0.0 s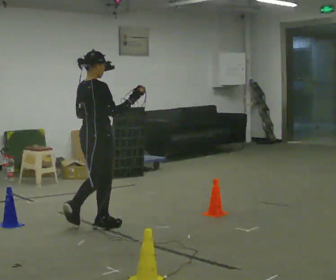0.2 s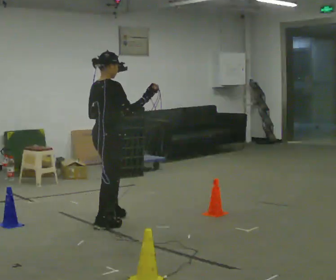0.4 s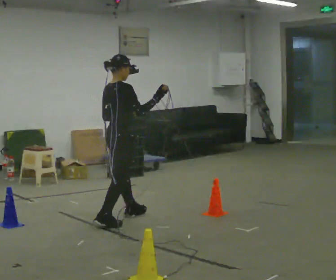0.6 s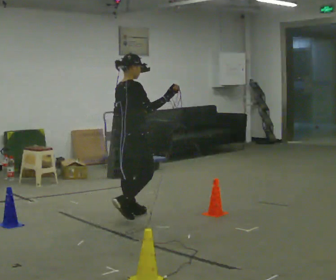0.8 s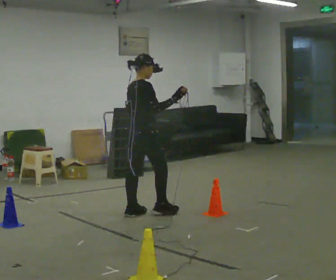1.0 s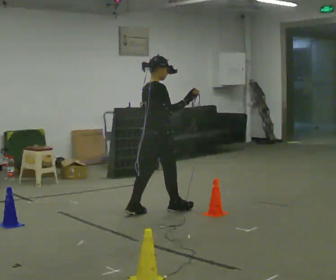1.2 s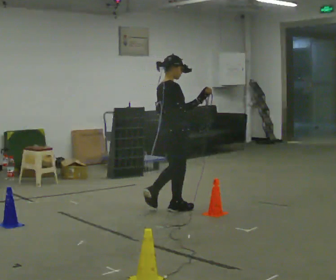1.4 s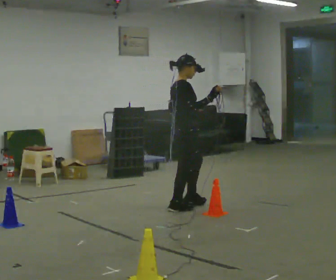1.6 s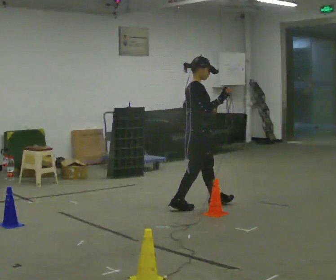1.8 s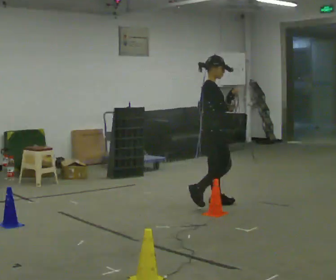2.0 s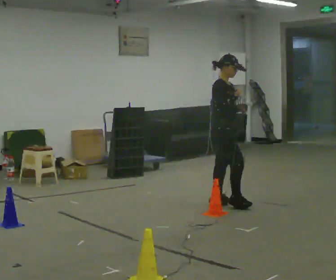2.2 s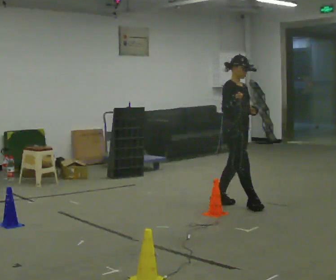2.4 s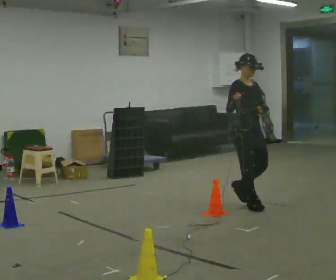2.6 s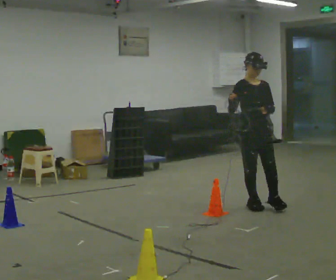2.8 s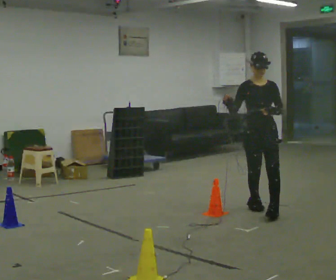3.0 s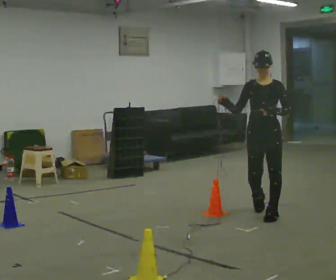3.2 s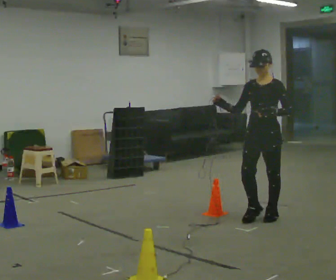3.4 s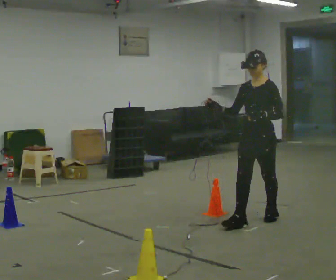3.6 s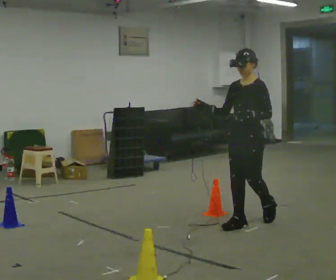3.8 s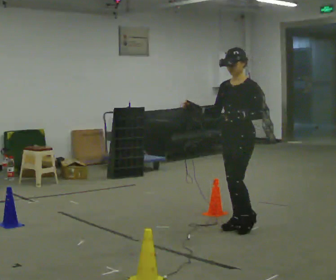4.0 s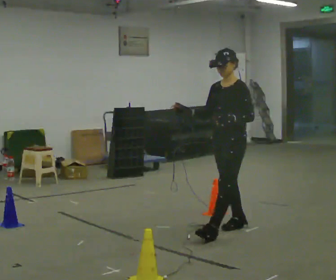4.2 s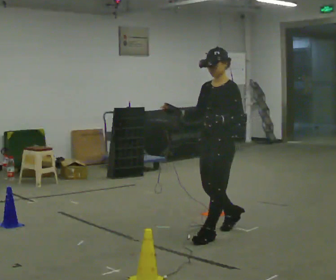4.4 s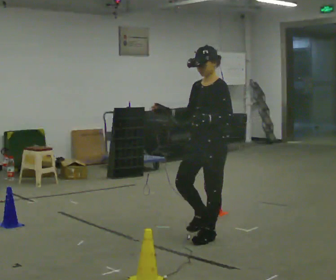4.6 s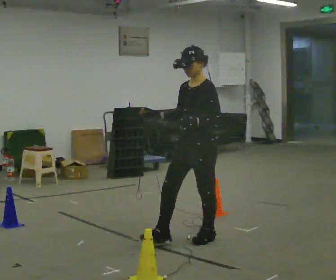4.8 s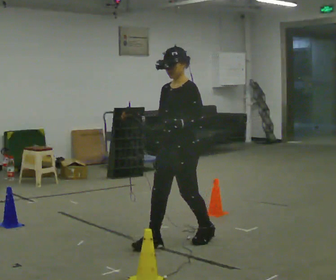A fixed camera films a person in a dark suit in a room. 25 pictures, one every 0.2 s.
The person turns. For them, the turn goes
to their right.
The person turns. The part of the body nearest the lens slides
to the left.
0.0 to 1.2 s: In the picture they go away from the camera and to the right, about 1 m in 2 steps, which for them is forward.
1.2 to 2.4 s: Seen from above the body turns clockwise, about 75 degrees: to their right, with its near side sliding to the left. In the picture they go to the right, about 0.5 m in 2 steps.
2.4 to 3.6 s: The person turns about 75 degrees to their right, clockwise seen from above, so the part of the body nearest the lens slides to the left. In the picture they go toward the camera, about 0.75 m in 2 steps.
3.6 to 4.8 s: In the picture they go toward the camera and to the left, about 1 m in 2 steps, which for them is forward.
The film runs forward here.
